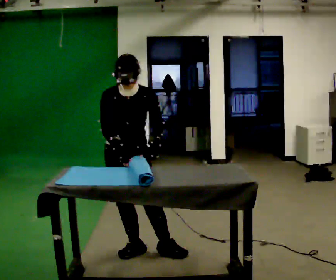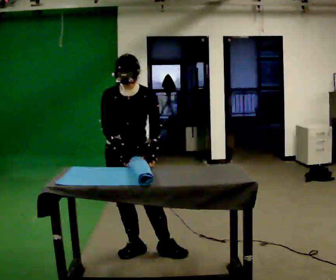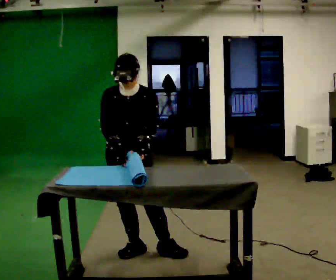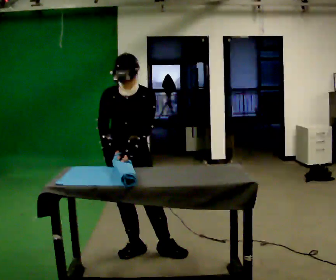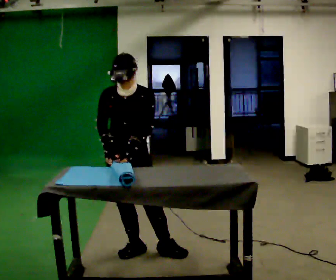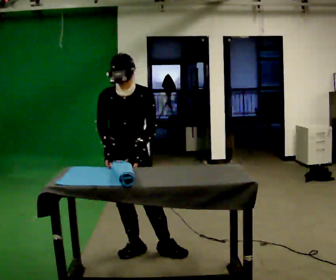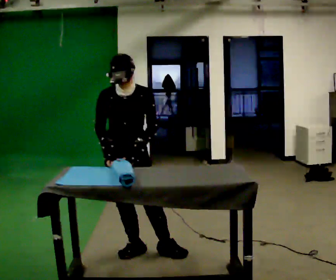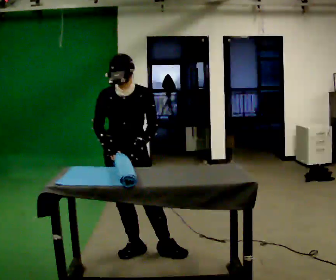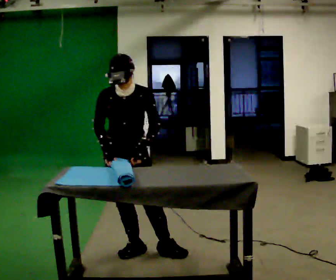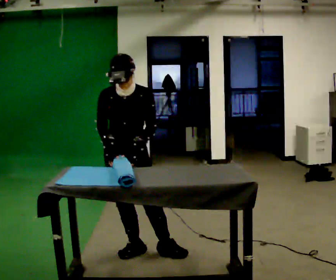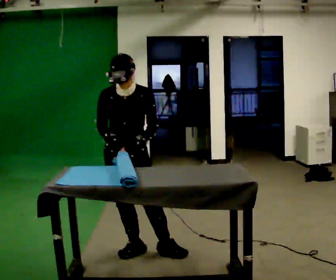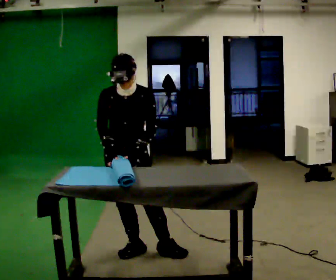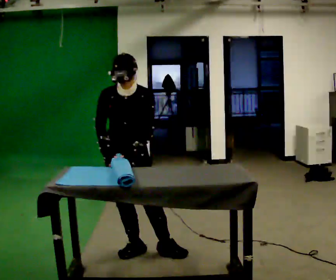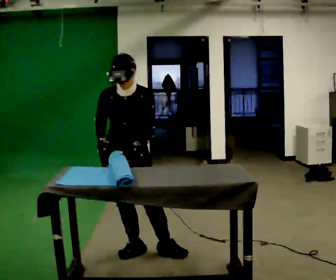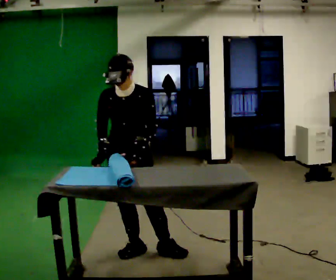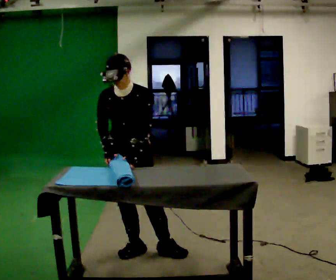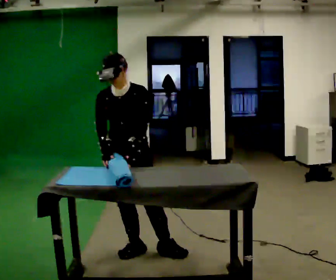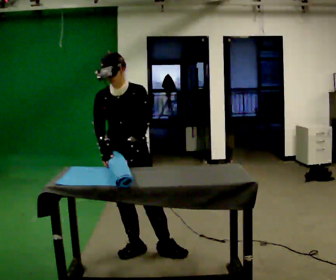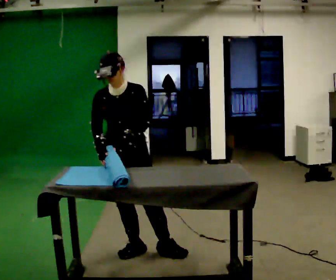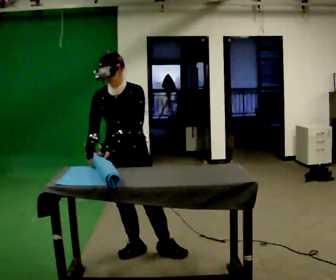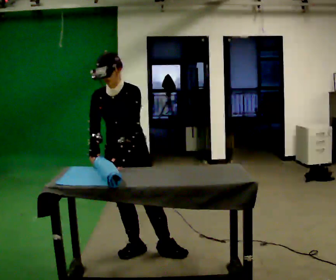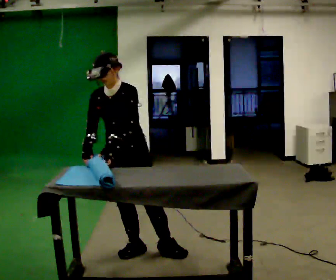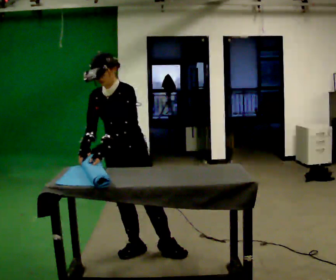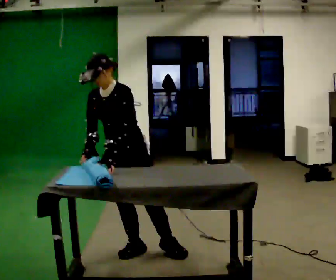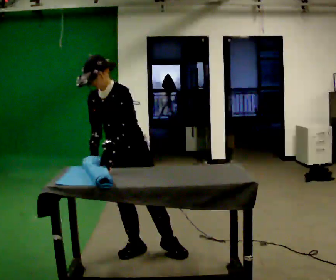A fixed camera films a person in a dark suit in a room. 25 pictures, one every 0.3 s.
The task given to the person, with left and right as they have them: Roll the mat up from one end, then unroll it again. Repeat at your own pace until the operator says stop.
0.0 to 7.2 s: Seen from above the body turns clockwise, about 30 degrees: to their right, with its near side sliding to the left. In the picture the upper body tilts counterclockwise, shoulders to the left. In the picture their left hand goes to the left.
The film runs forward here.
